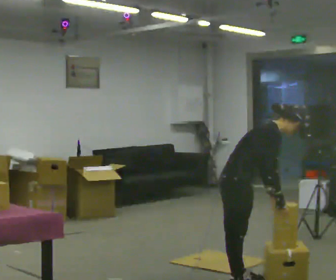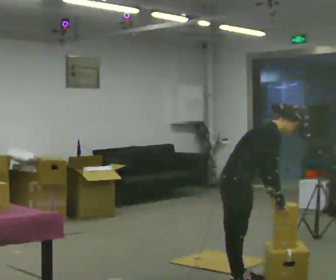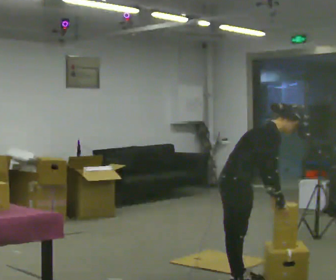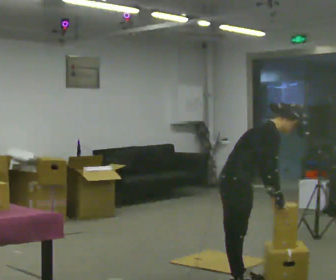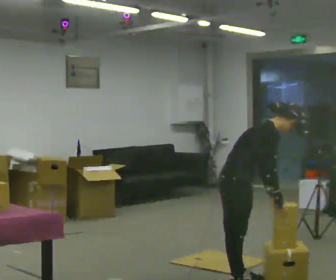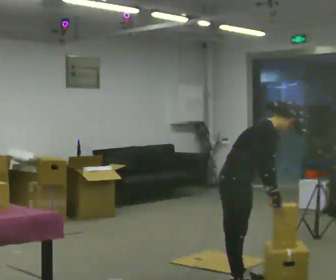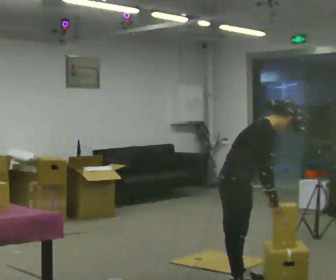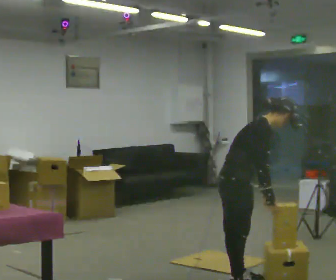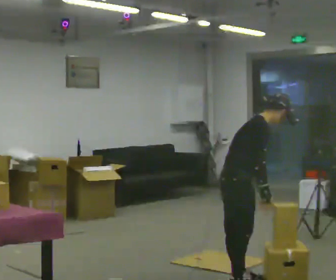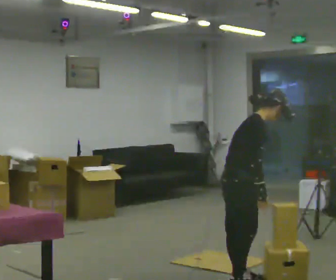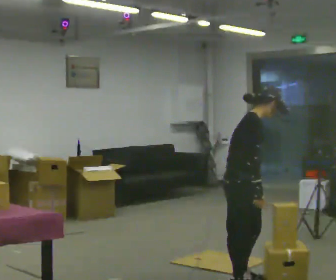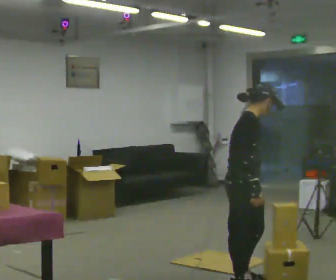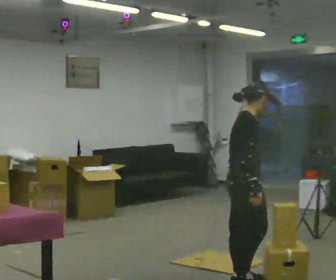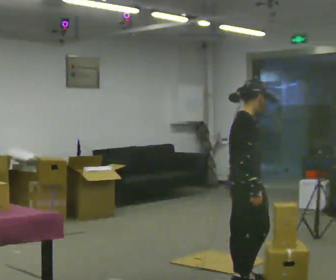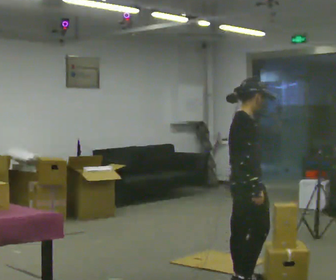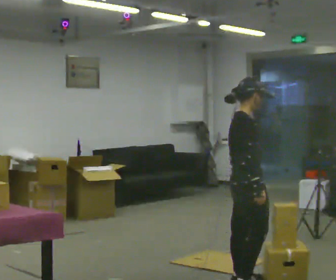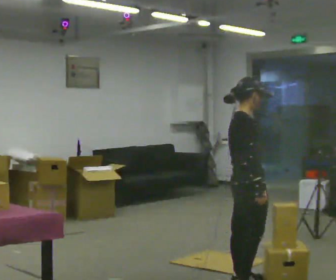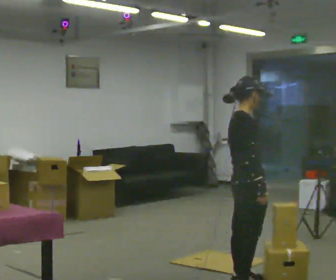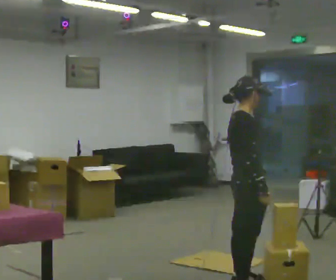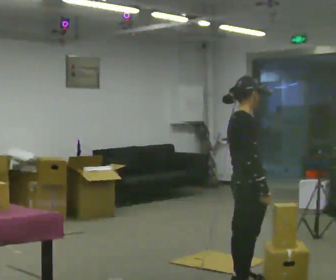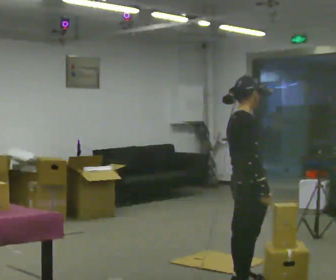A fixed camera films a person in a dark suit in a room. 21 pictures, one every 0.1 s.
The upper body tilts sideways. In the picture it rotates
counterclockwise.
0.0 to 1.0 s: In the picture the upper body tilts counterclockwise, shoulders to the left, as they lean back or straighten.
1.0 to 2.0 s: In the picture the upper body tilts counterclockwise, shoulders to the left, as they lean back or straighten.
The film runs forward here.
